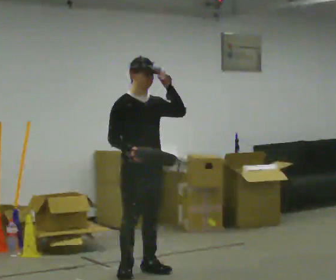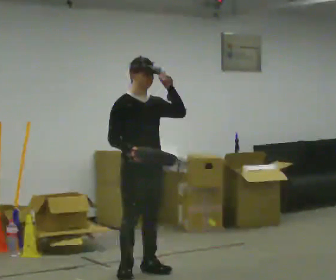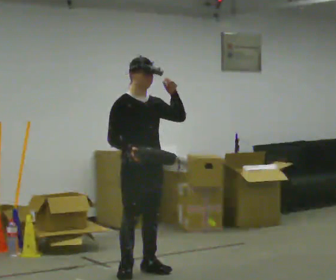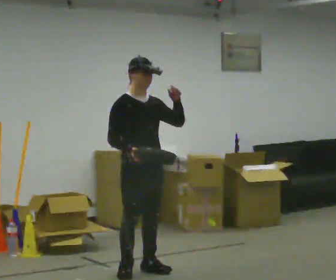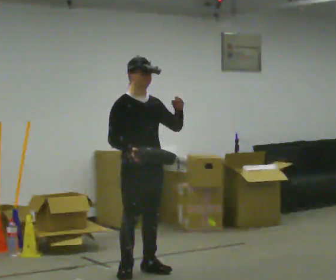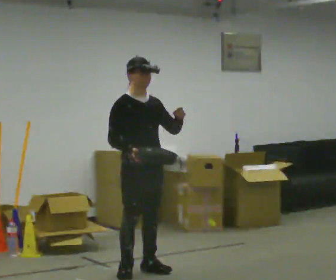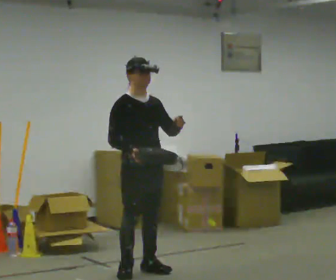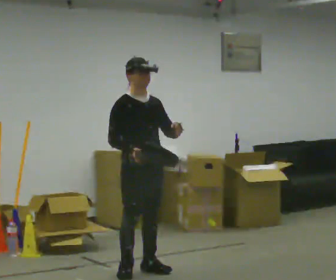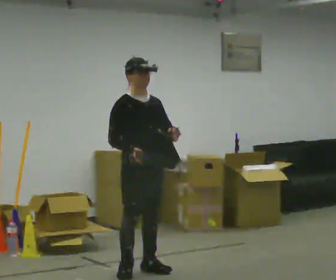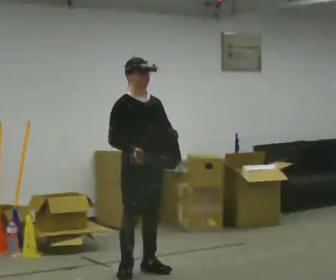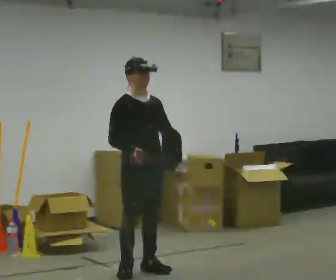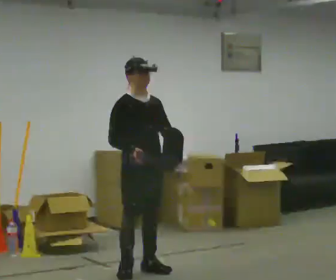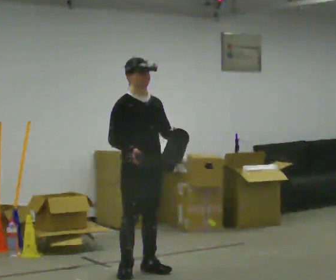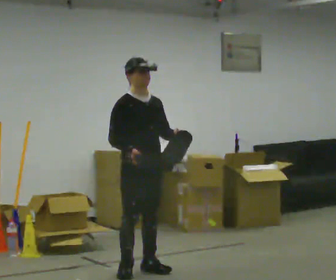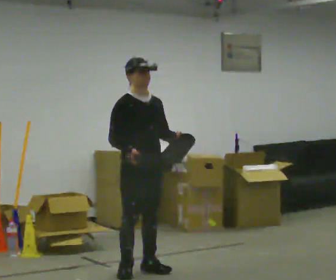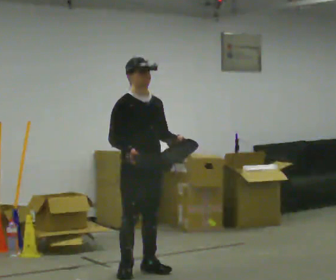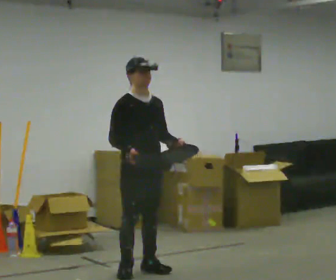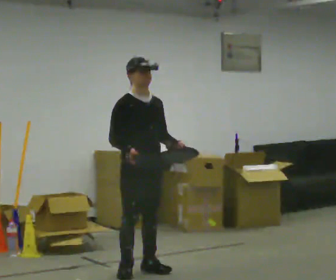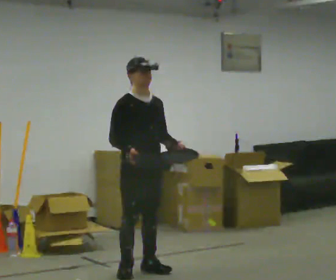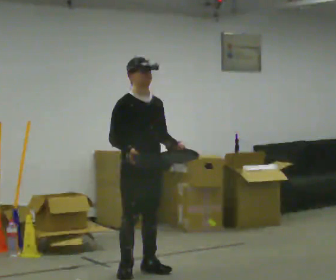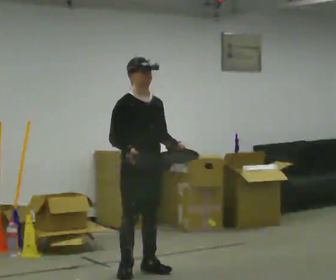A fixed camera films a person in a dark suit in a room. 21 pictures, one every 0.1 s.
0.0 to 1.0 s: In the picture their left hand goes downward.
1.0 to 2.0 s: The person moves a little, or ends about where they began.
The film runs backward here.
